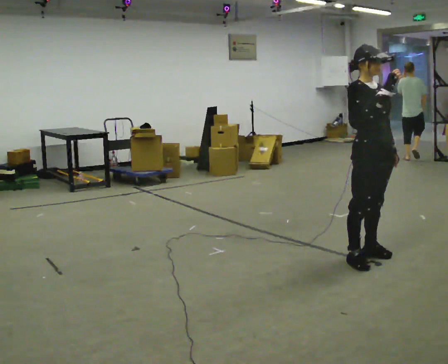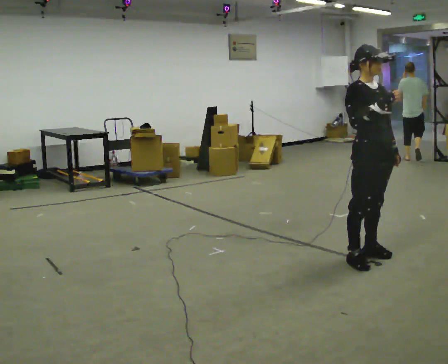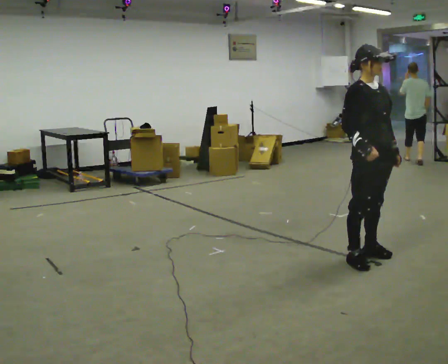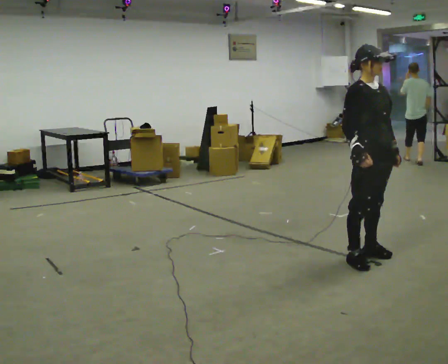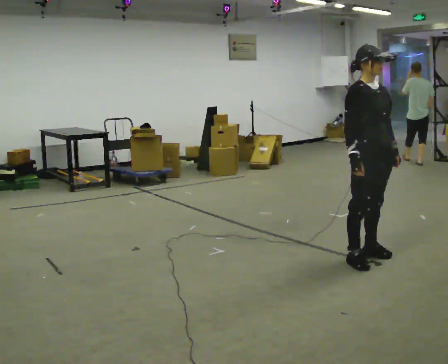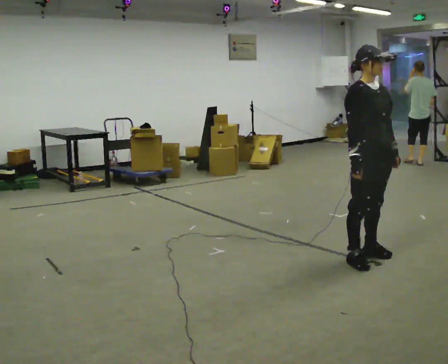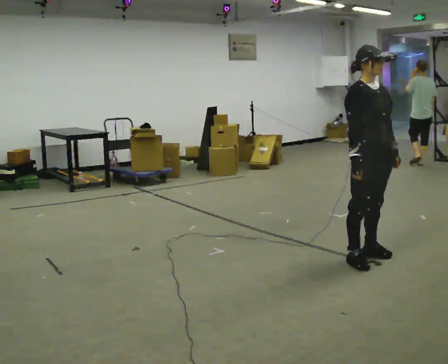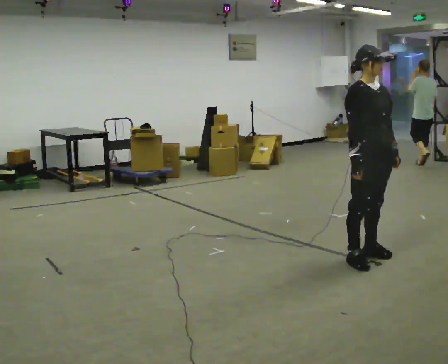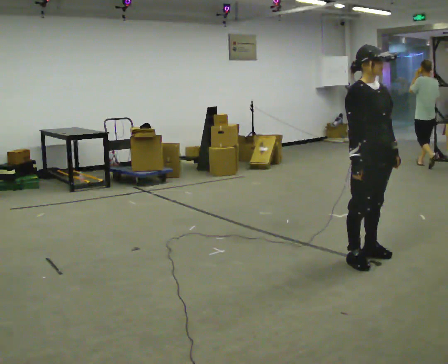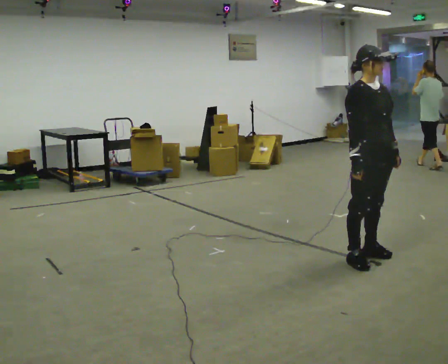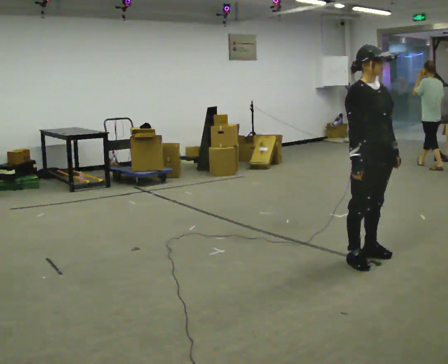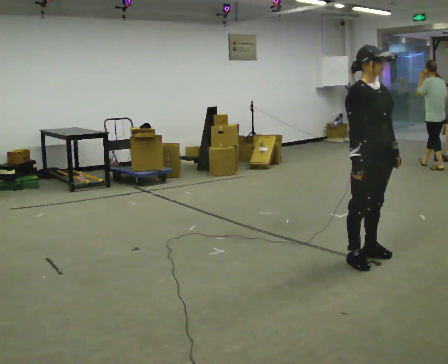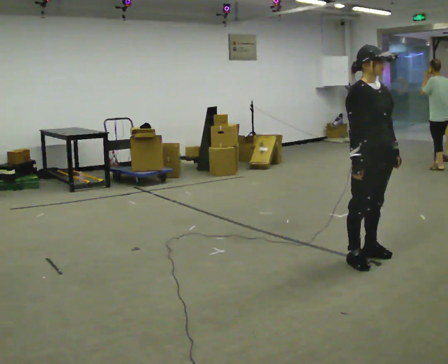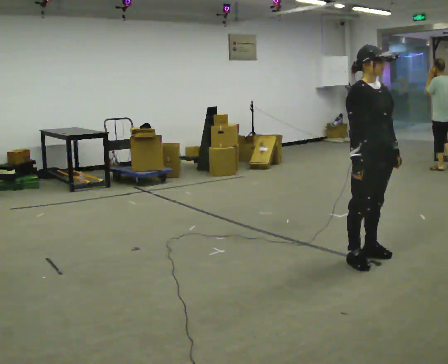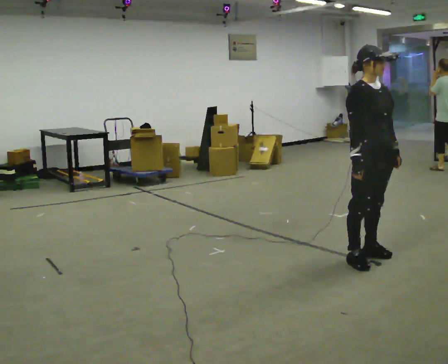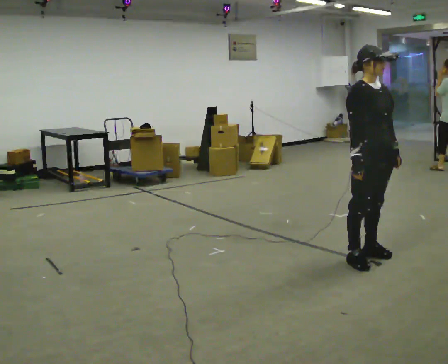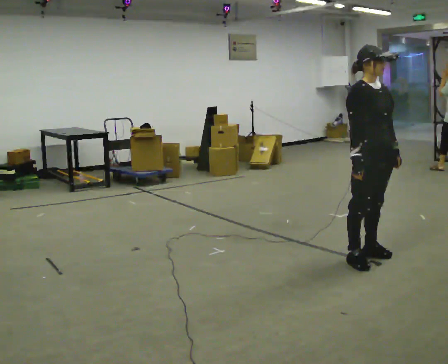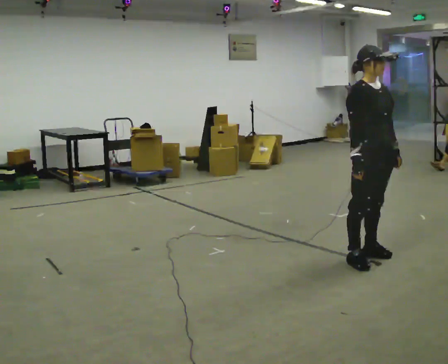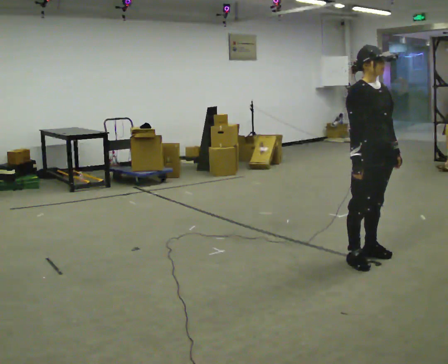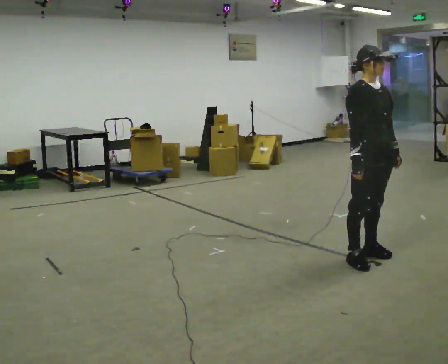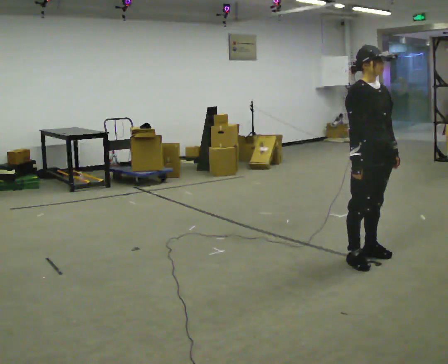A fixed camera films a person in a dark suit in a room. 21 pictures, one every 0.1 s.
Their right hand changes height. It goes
downward.
0.0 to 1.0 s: In the picture their right hand goes downward.
1.0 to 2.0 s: The person keeps their place and pose.
The film runs backward here.
